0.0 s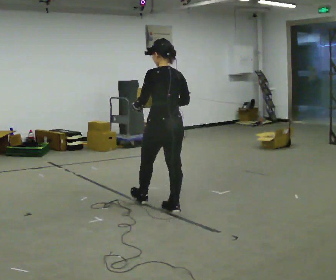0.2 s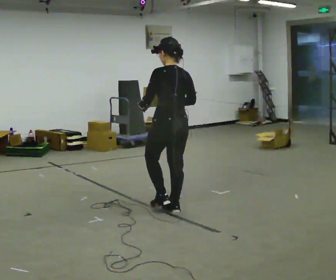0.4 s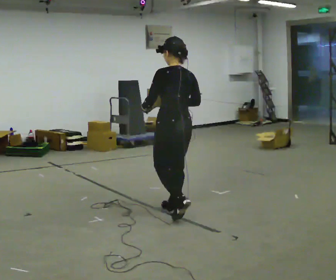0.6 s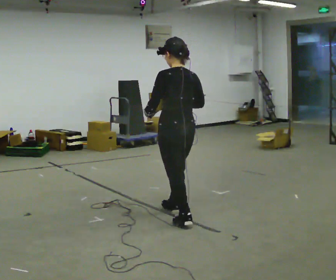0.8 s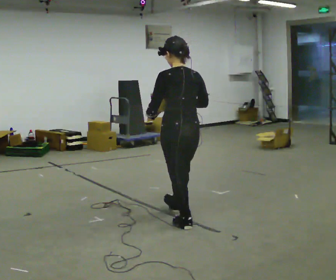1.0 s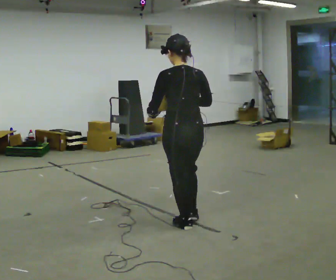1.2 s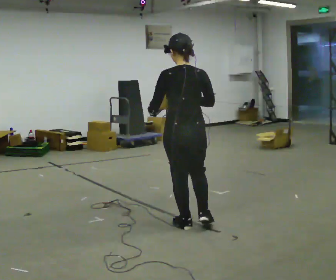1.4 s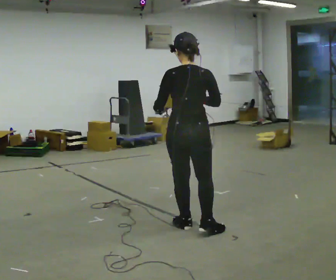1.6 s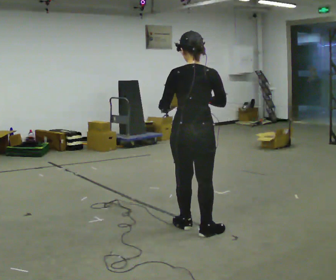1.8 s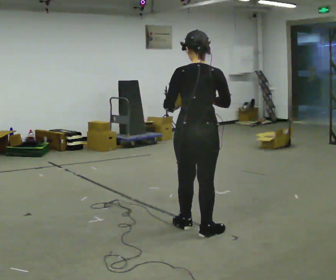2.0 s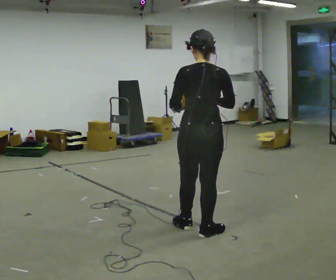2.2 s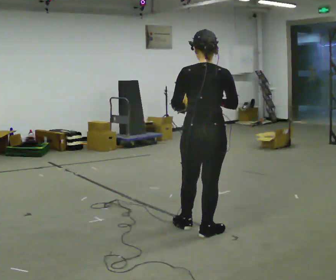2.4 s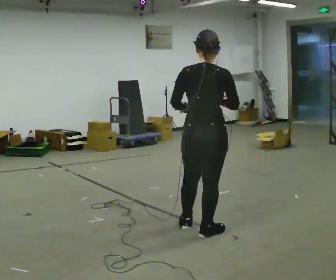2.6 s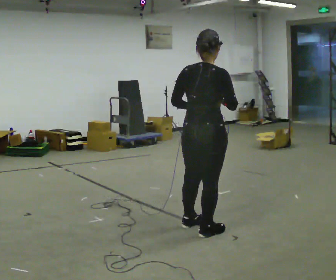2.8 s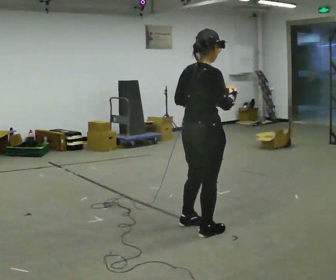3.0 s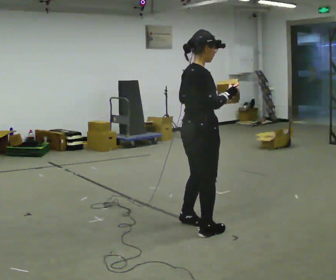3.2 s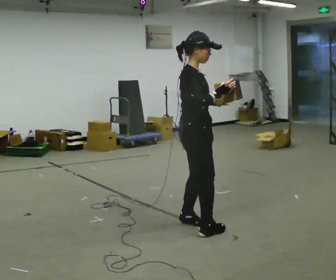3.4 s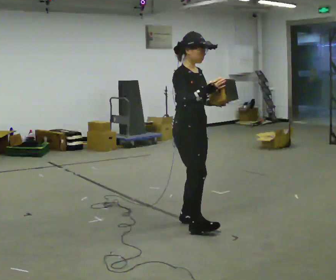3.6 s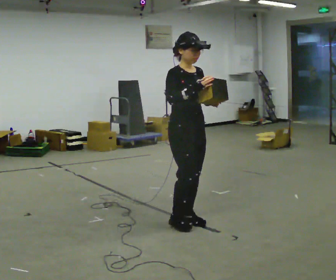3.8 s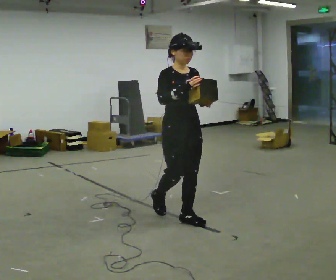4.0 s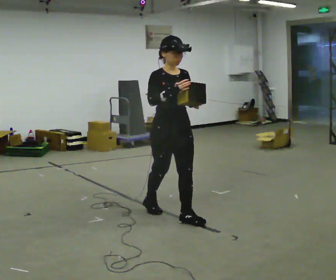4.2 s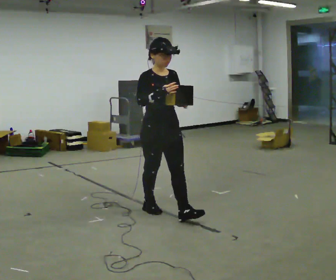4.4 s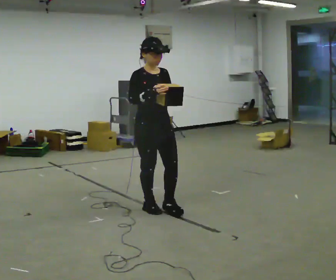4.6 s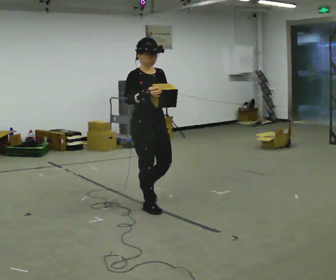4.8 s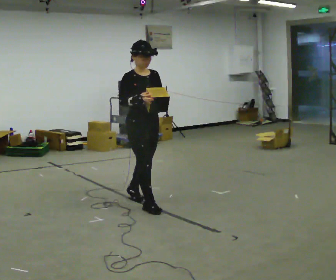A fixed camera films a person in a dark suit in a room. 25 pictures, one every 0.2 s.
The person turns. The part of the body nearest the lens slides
to the left.
The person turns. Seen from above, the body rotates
clockwise.
0.0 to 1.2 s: The part of the body nearest the lens slides to the left as the person turns to their right by about 30 degrees. In the picture they go toward the camera and to the right, about 0.5 m in 1 step, which for them is backward.
1.2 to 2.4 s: The person turns about 30 degrees to their right, clockwise seen from above, so the part of the body nearest the lens slides to the left. In the picture they go to the right and toward the camera, about 0.25 m, which for them is backward and to their right.
2.4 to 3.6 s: The part of the body nearest the lens slides to the left as the person turns to their right by about 120 degrees. In the picture they go away from the camera and to the left, about 0.5 m in 2 steps.
3.6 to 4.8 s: In the picture they go to the left and away from the camera, about 0.75 m in 1 step, which for them is backward.
The film runs backward here.
